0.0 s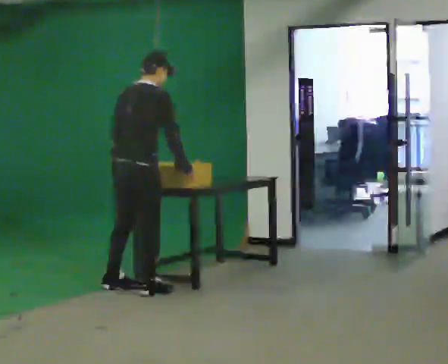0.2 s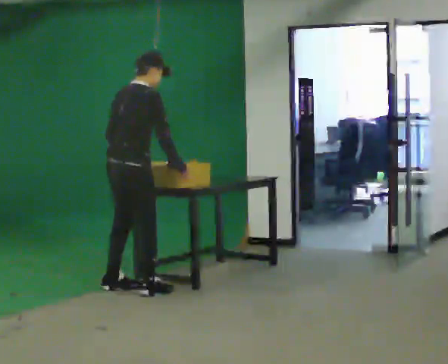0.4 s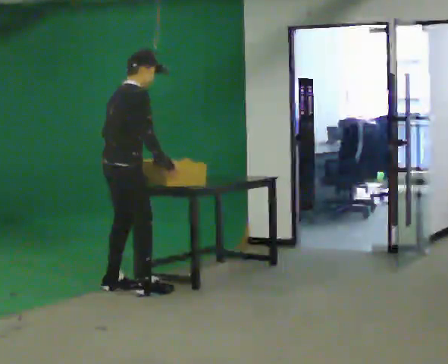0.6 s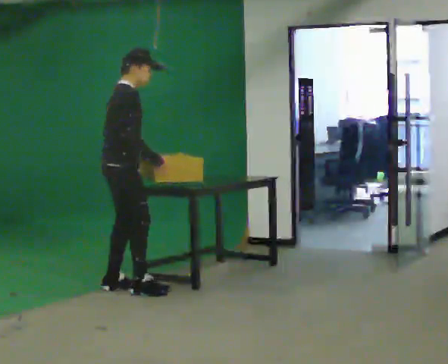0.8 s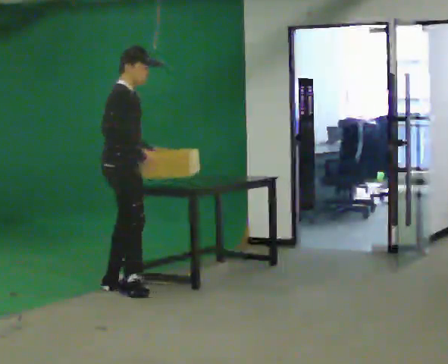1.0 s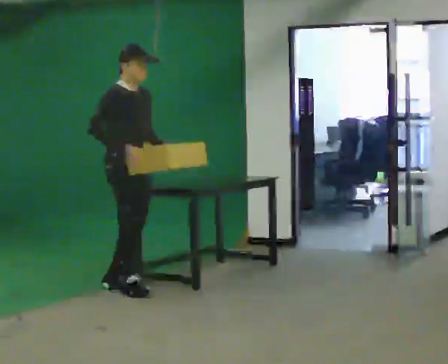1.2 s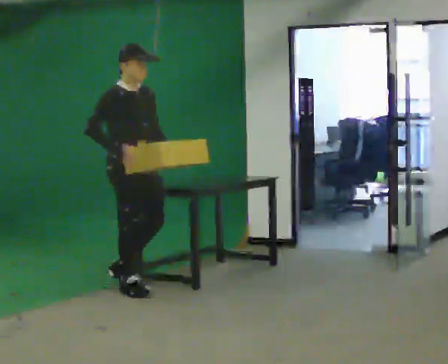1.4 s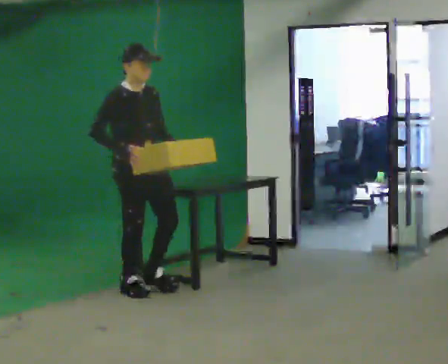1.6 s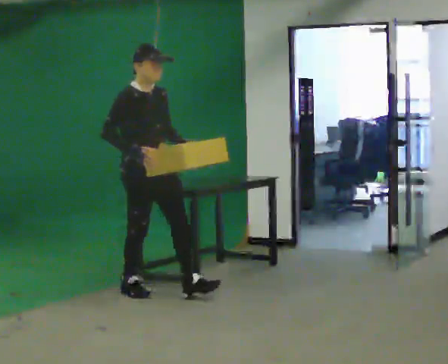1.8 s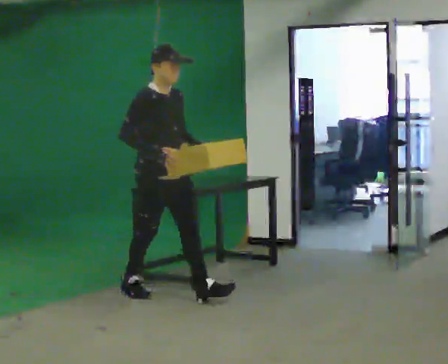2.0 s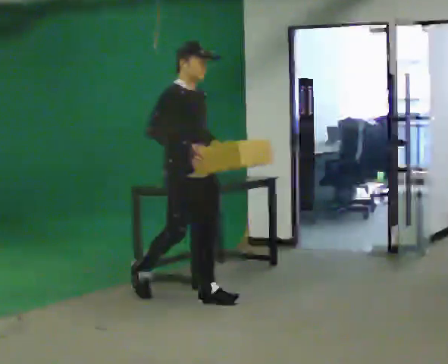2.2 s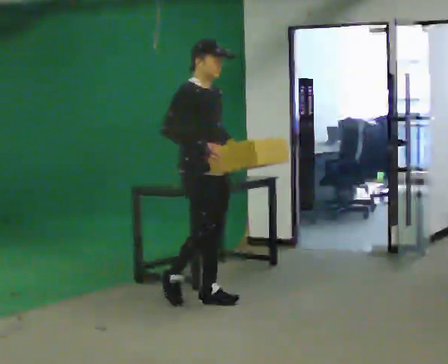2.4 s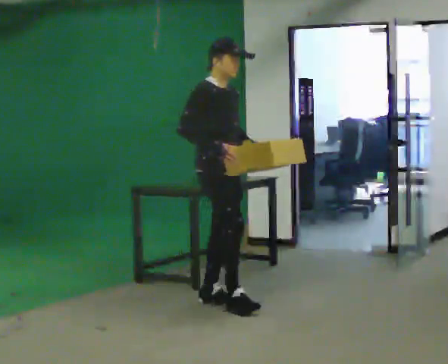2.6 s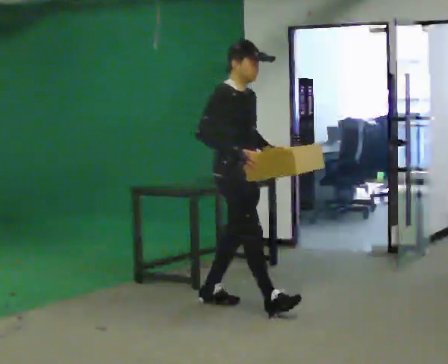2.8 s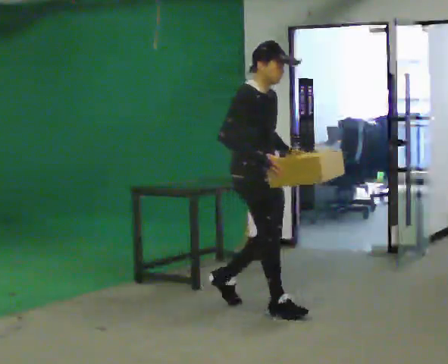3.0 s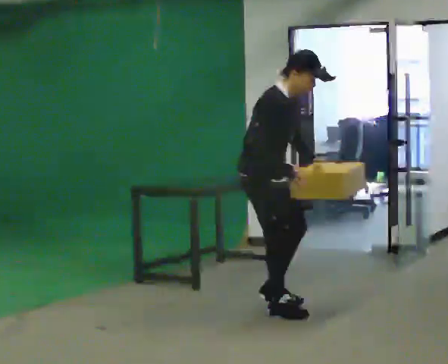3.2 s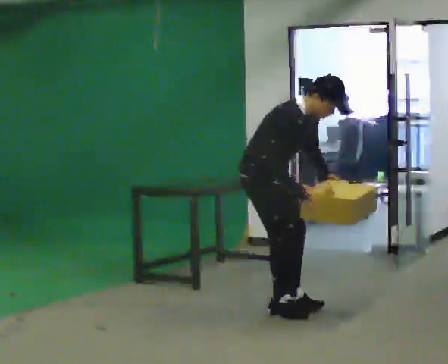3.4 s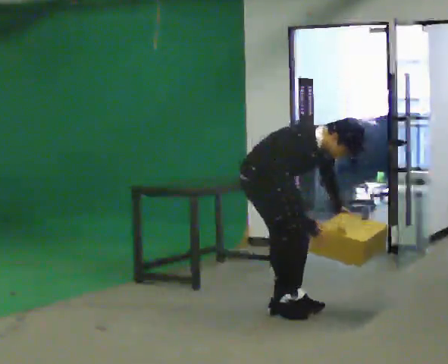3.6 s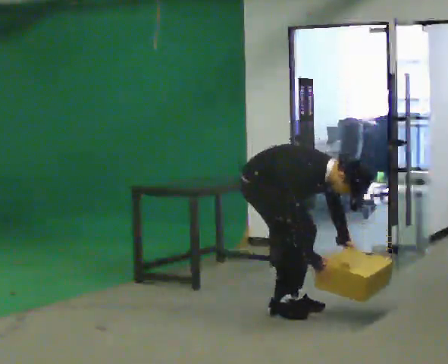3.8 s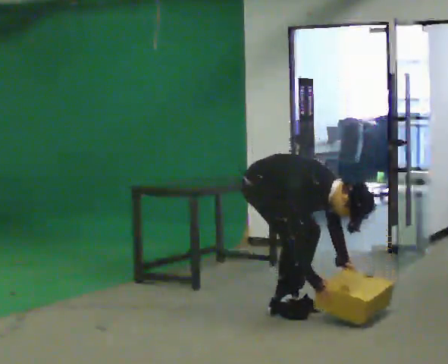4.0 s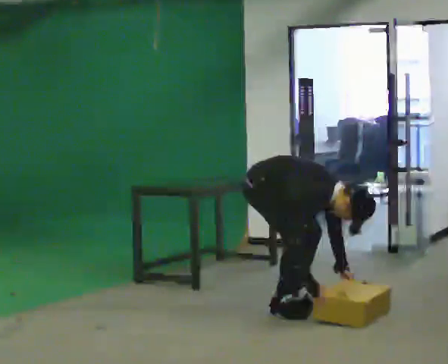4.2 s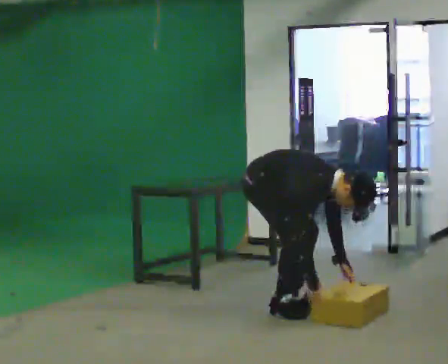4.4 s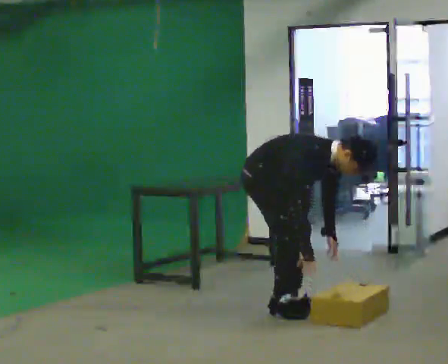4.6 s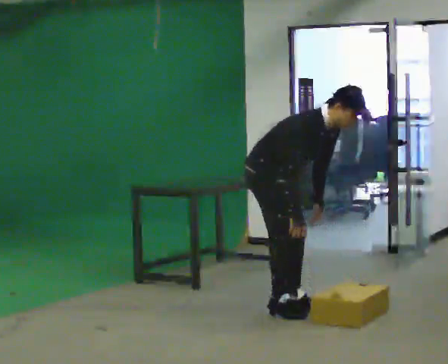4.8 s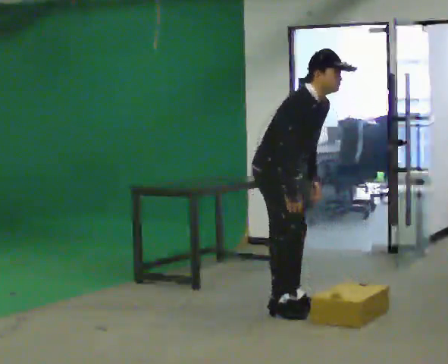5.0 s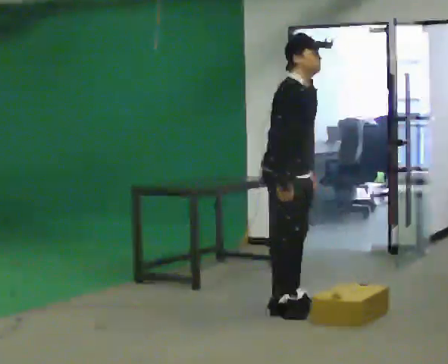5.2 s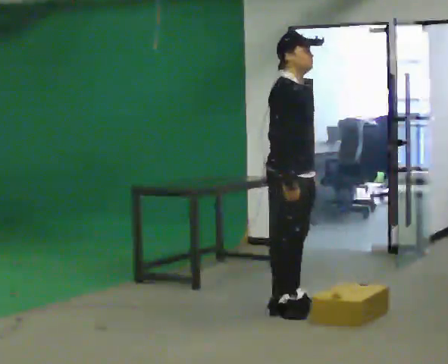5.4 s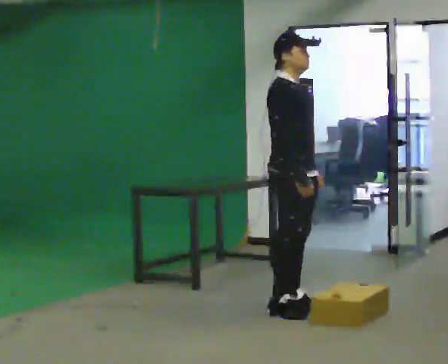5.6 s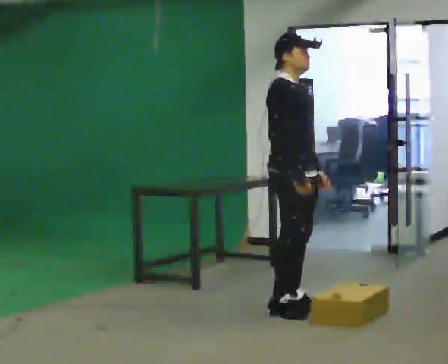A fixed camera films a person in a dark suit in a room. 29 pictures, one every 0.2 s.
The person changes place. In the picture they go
to the right.
0.0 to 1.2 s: The part of the body nearest the lens slides to the left as the person turns to their right by about 90 degrees. The upper body tips toward the camera, its near side rolling downward, as they lean back or straighten. In the picture their left hand goes to the right, the arm swinging counterclockwise.
1.2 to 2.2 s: In the picture they go to the right and toward the camera, about 0.5 m in 1 step, which for them is forward.
2.2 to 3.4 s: In the picture they go to the right and toward the camera, about 0.5 m in 2 steps, which for them is forward. The shoulders move downward. In the picture the upper body tilts clockwise, shoulders to the right, as they bend forward. In the picture their right hand goes downward.
3.4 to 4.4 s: The person moves a little, or ends about where they began.
4.4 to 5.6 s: In the picture they go to the right, about 0.25 m, which for them is forward. The upper body goes upward. In the picture the upper body tilts counterclockwise, shoulders to the left, as they lean back or straighten. In the picture their left hand goes upward.
The film runs forward here.
